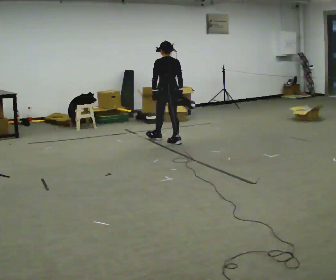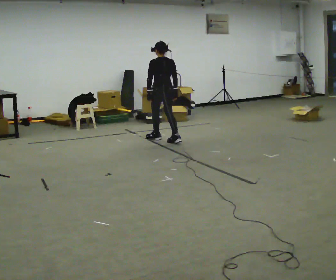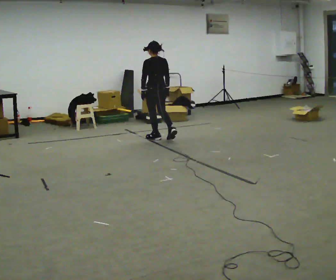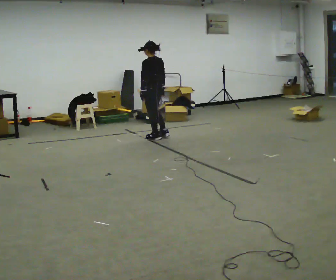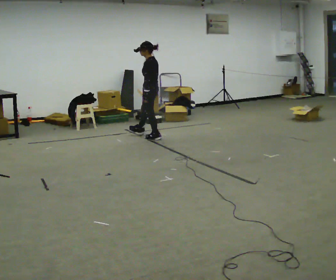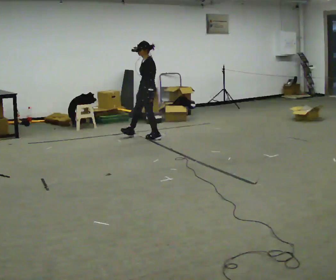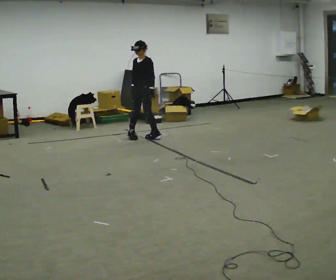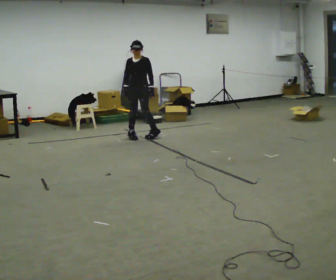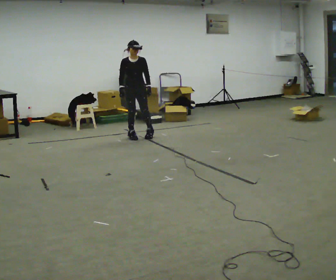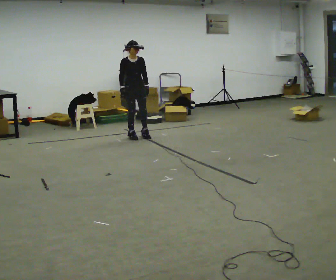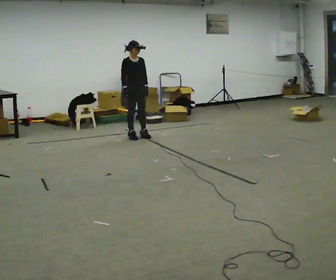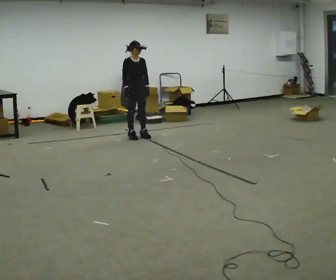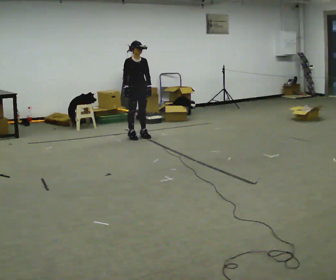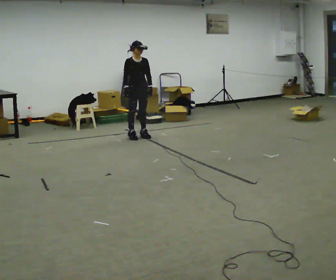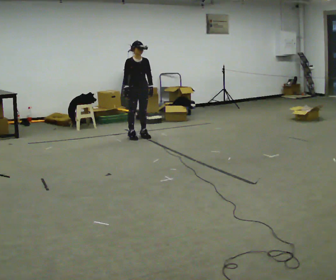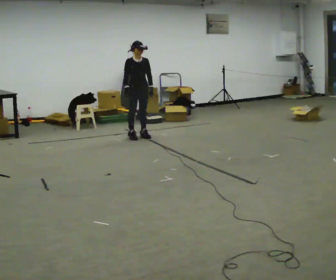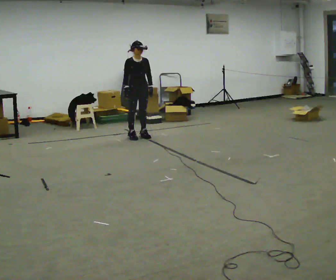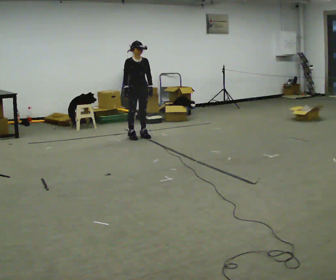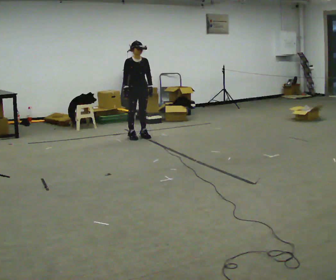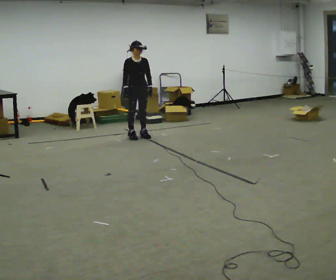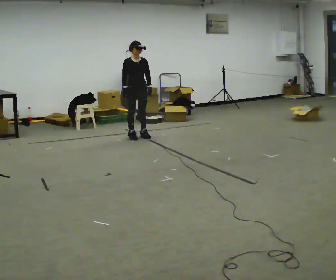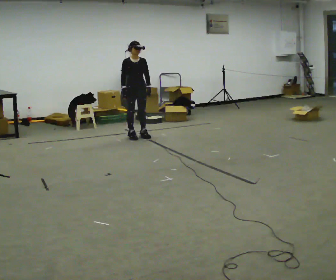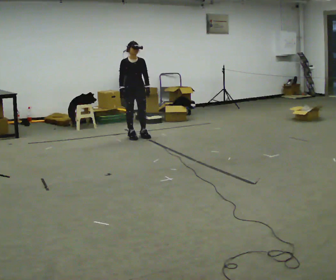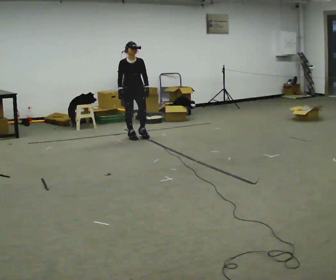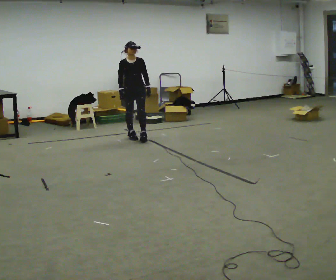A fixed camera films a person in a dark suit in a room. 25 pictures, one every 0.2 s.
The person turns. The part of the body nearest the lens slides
to the right.
The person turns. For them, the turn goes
to their left.
0.0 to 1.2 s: Seen from above the body turns counterclockwise, about 120 degrees: to their left, with its near side sliding to the right. In the picture they go to the left and away from the camera, about 0.5 m in 1 step.
1.2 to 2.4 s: The person turns about 60 degrees to their left, counterclockwise seen from above, so the part of the body nearest the lens slides to the right.
2.4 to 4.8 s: The person moves a little, or ends about where they began.
The film runs forward here.
